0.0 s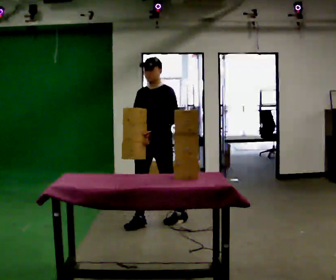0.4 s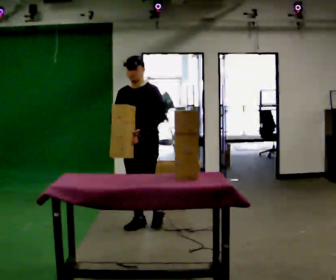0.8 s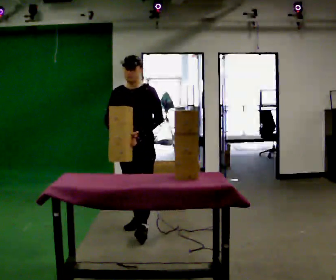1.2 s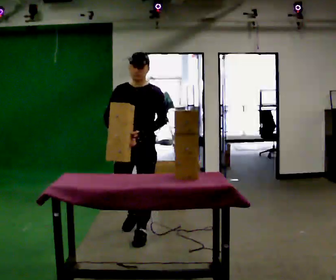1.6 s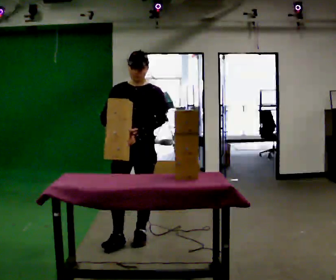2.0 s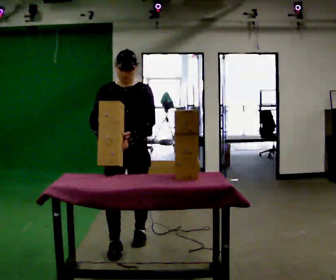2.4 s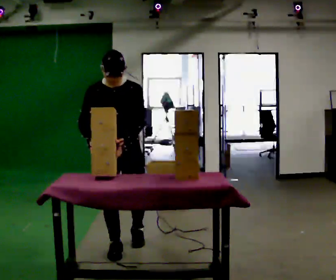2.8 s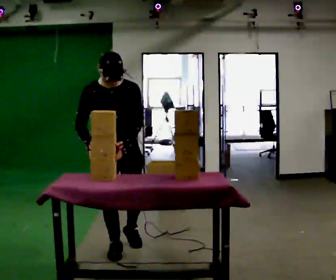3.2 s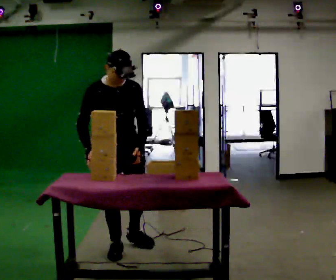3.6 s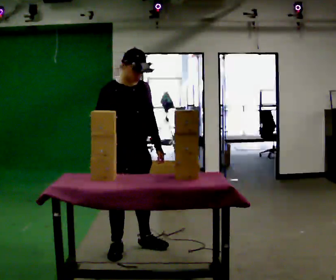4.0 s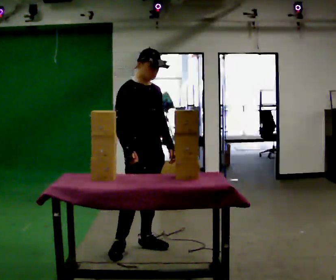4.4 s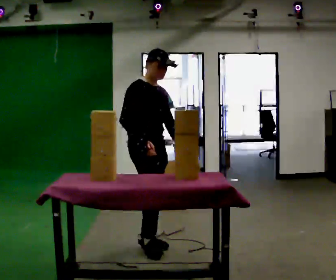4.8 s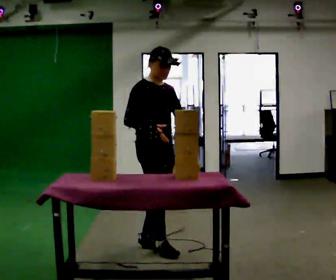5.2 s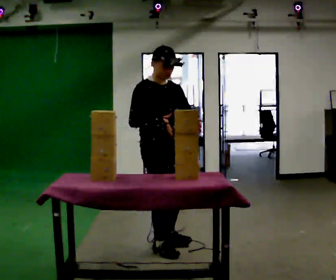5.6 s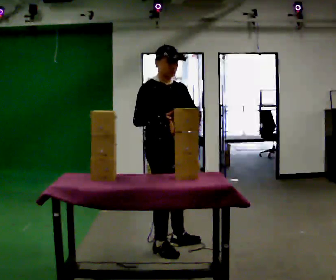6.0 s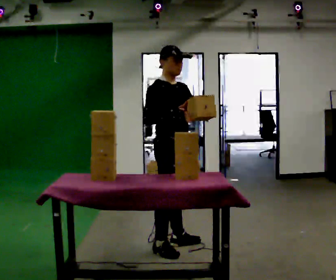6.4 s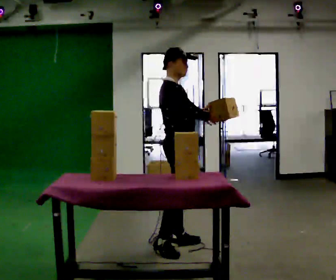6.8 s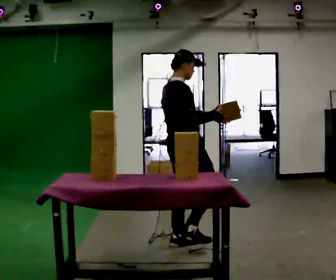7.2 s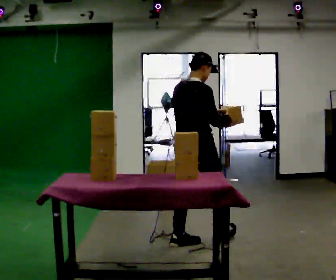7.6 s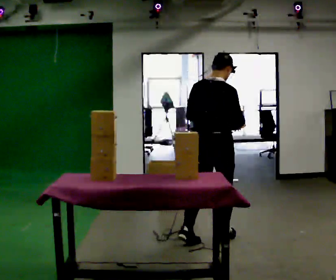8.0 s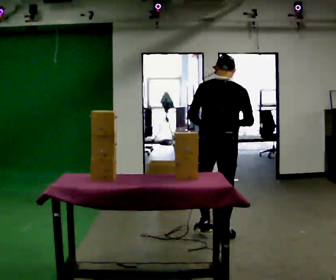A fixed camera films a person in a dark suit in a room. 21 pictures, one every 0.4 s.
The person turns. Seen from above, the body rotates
counterclockwise.
The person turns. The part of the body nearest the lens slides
to the right.
0.0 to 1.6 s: The person turns about 30 degrees to their left, counterclockwise seen from above, so the part of the body nearest the lens slides to the right. In the picture they go toward the camera, about 0.75 m in 1 step, which for them is forward.
1.6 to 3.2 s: The person turns about 45 degrees to their left, counterclockwise seen from above, so the part of the body nearest the lens slides to the right. In the picture they go toward the camera, about 0.25 m in 1 step, which for them is forward and to their right. The upper body tips toward the camera, its near side rolling downward, as they bend forward.
3.2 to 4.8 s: In the picture they go to the right, about 0.25 m in 2 steps, which for them is to their left and forward.
4.8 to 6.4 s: The person turns about 30 degrees to their left, counterclockwise seen from above, so the part of the body nearest the lens slides to the right. In the picture they go to the right, about 0.25 m in 1 step, which for them is to their left. In the picture their right hand goes to the right.
6.4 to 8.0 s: The part of the body nearest the lens slides to the right as the person turns to their left by about 90 degrees. In the picture they go to the right and away from the camera, about 0.5 m in 1 step. In the picture the upper body tilts clockwise, shoulders to the right.
The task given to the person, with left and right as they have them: Clear everything off the table and put it away on the shelf, in as many trips as you need. Keep going until the operator says stop; one object at a time, and do not rush between trips.
The film runs forward here.
